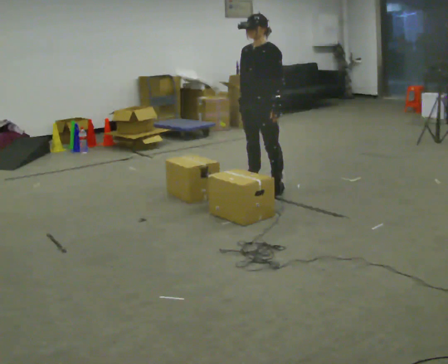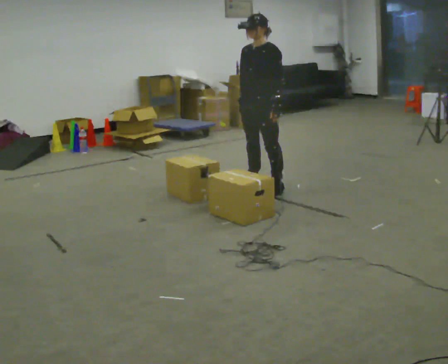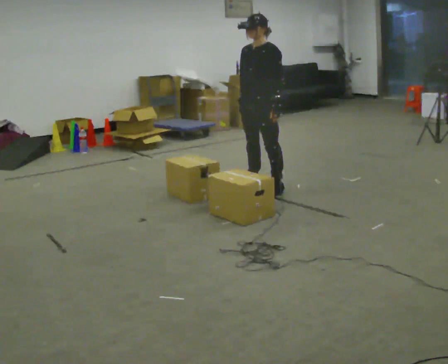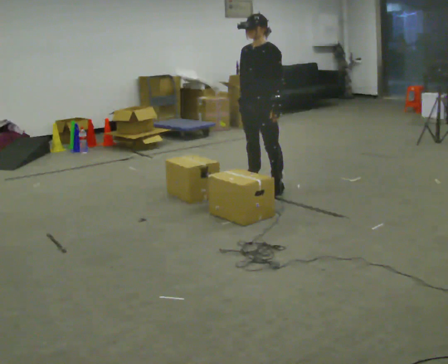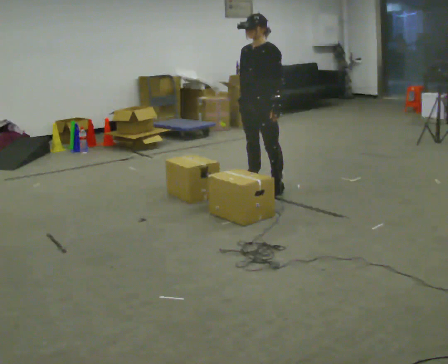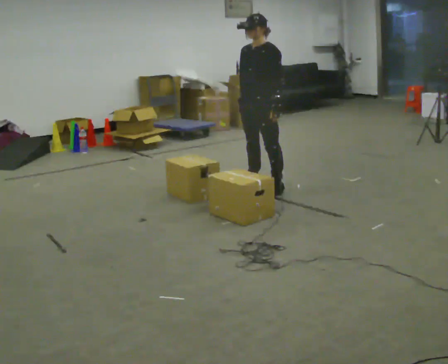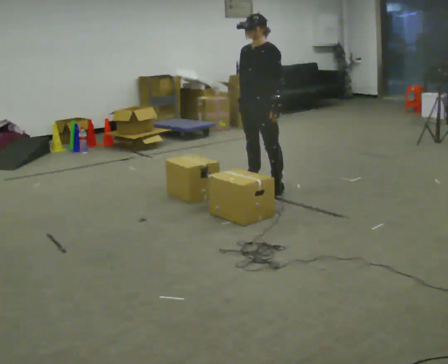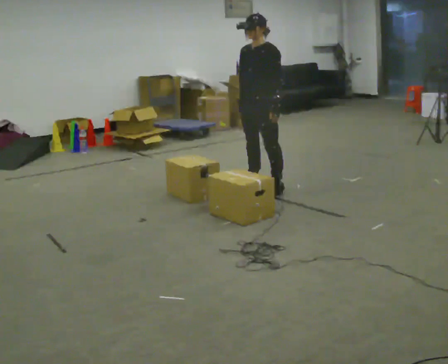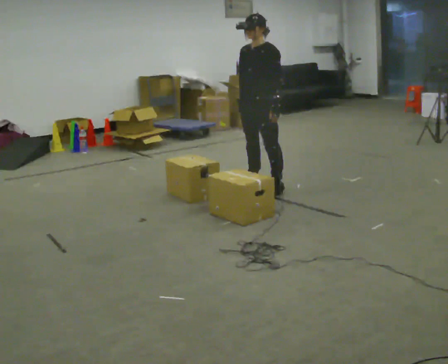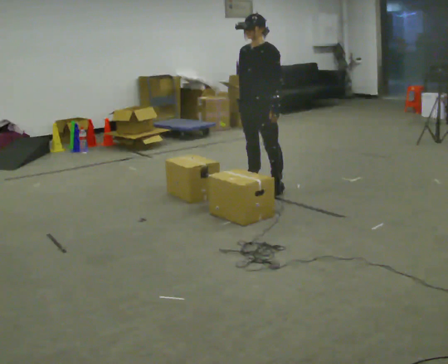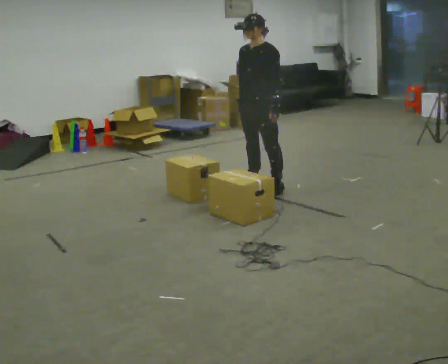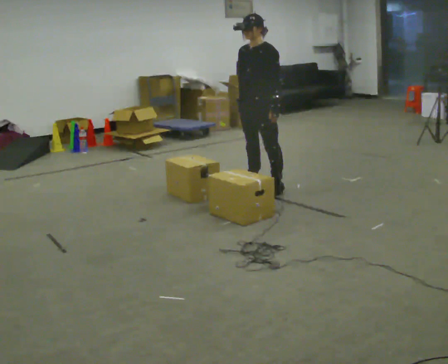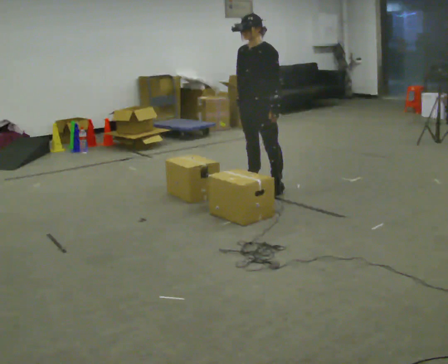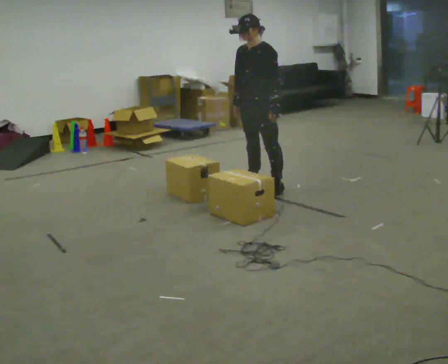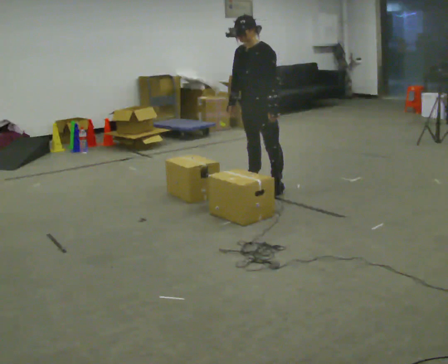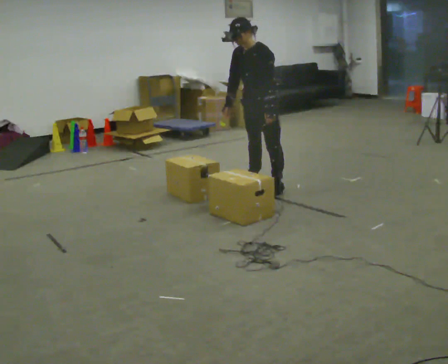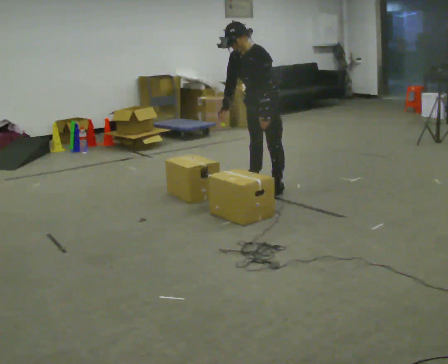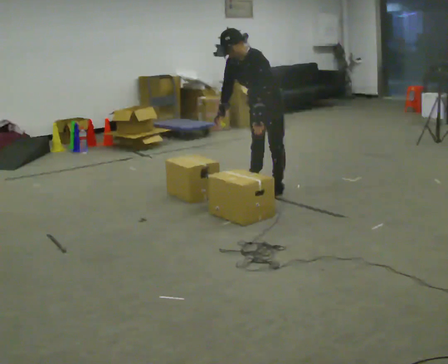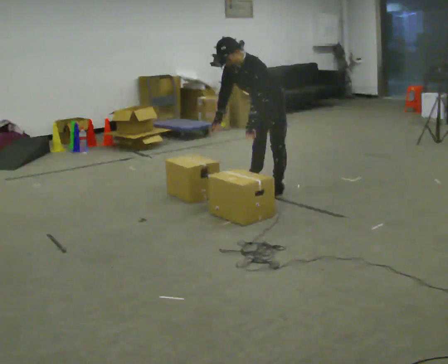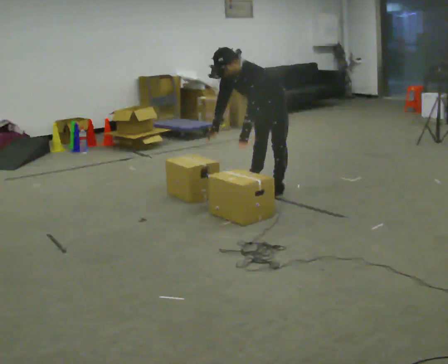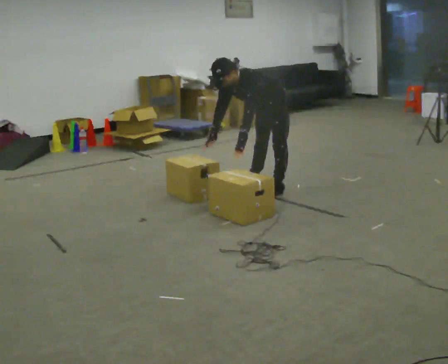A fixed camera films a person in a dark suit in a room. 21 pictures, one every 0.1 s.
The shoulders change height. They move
downward.
The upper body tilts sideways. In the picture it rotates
counterclockwise.
0.0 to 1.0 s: The person keeps their place and pose.
1.0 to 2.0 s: In the picture they go to the right, about 0.25 m, which for them is backward. The upper body goes downward. In the picture the upper body tilts counterclockwise, shoulders to the left, as they bend forward. In the picture their left hand goes to the left.
The film runs forward here.
